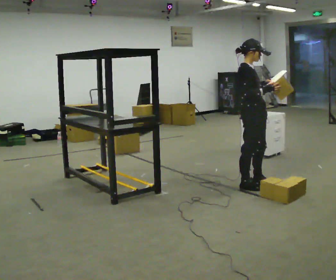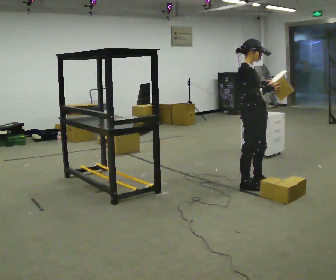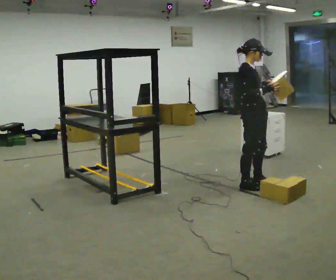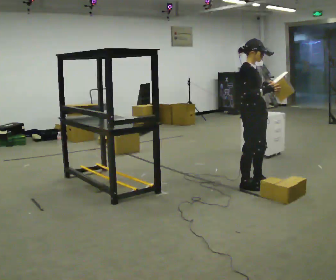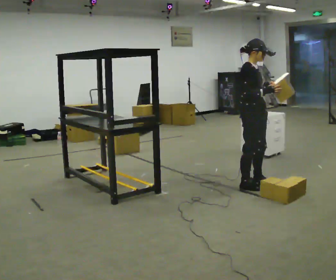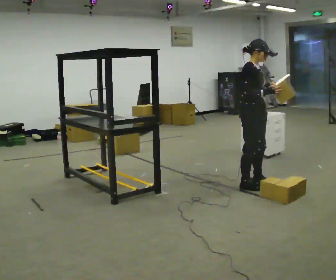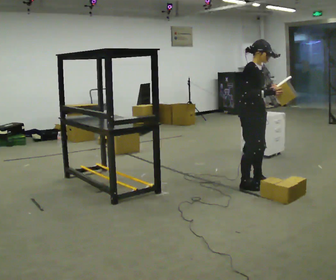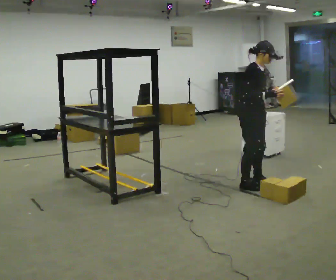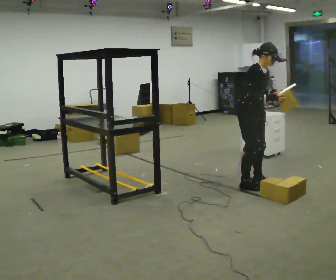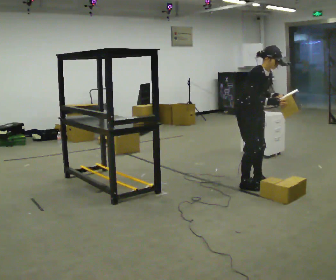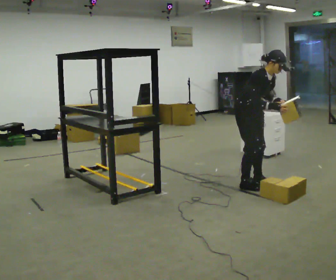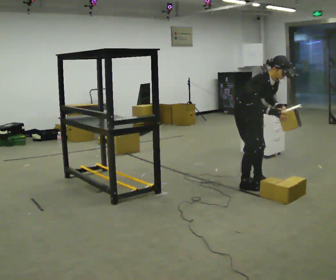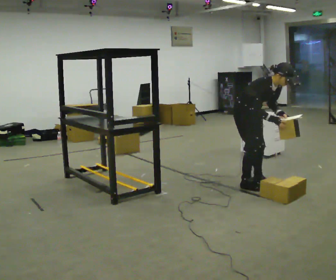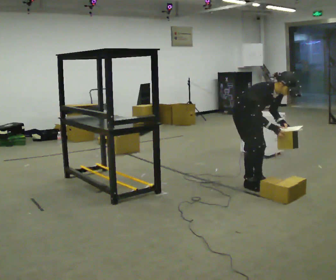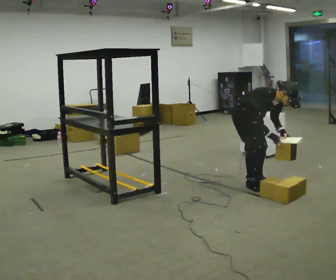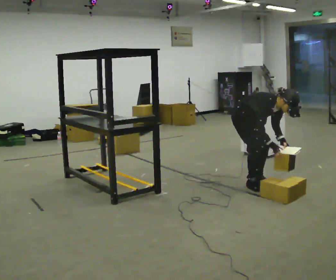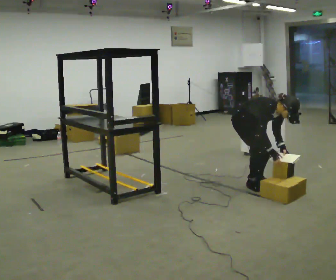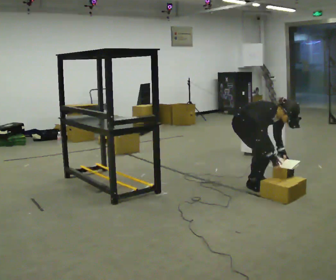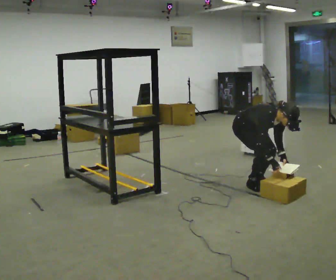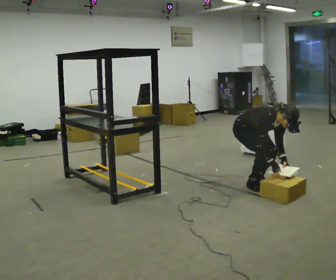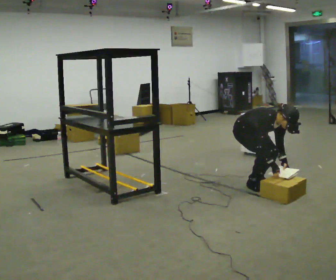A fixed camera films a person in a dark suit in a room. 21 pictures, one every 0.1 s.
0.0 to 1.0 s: In the picture the upper body tilts clockwise, shoulders to the right, as they bend forward.
1.0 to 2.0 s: The shoulders move downward. The upper body tips toward the camera, its near side rolling downward, as they bend forward. In the picture their right hand goes downward.
The film runs backward here.
